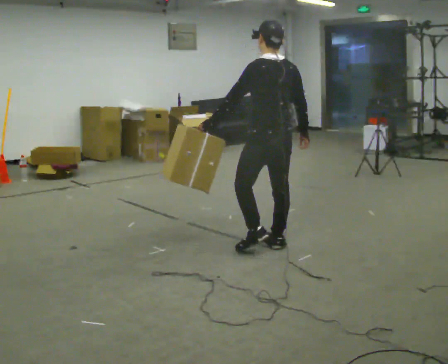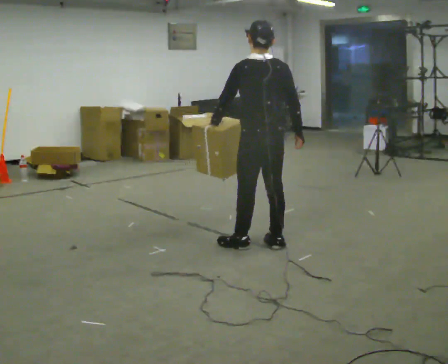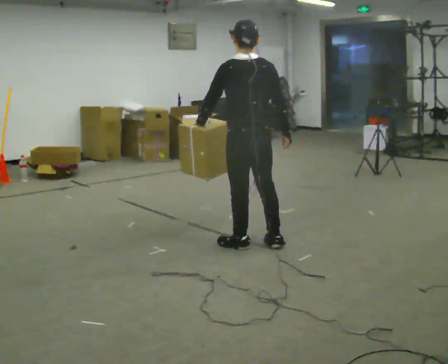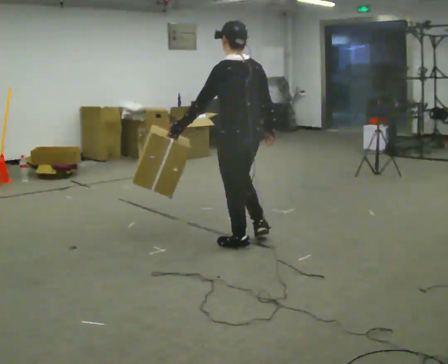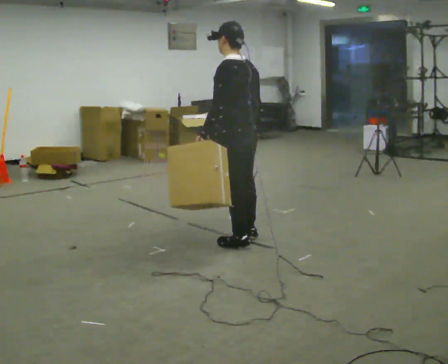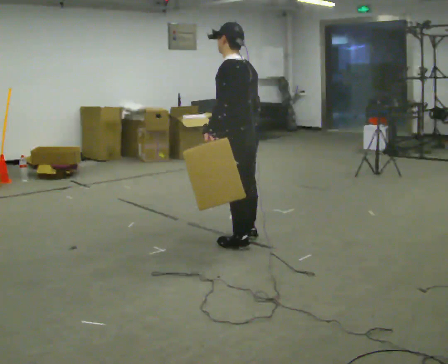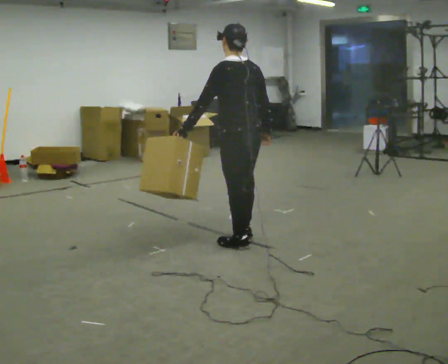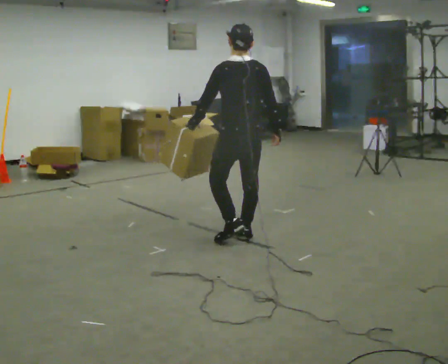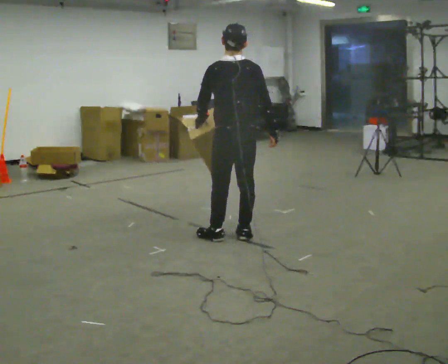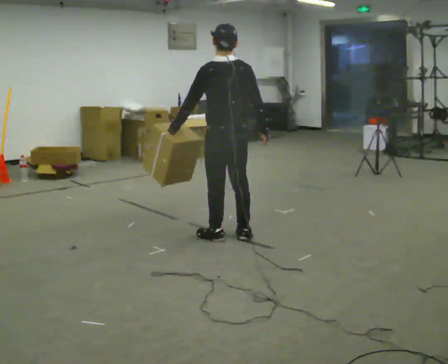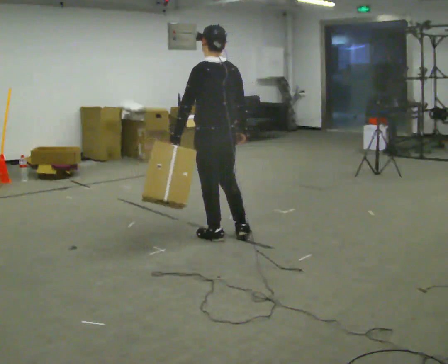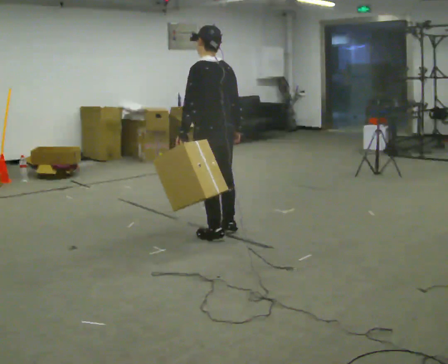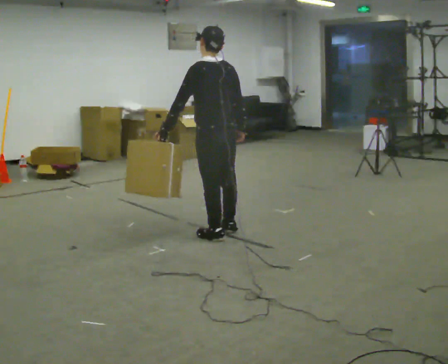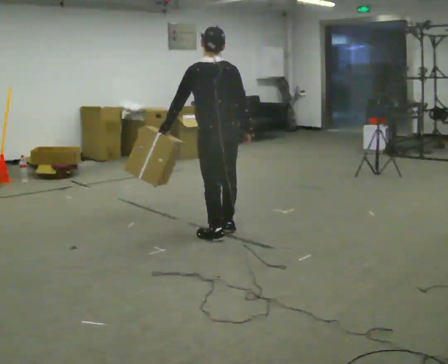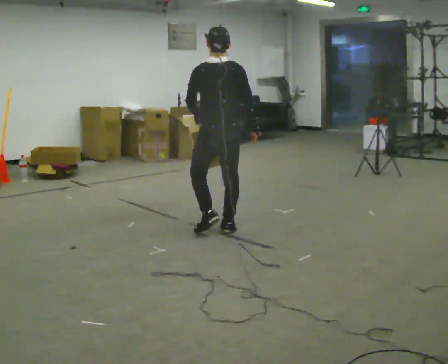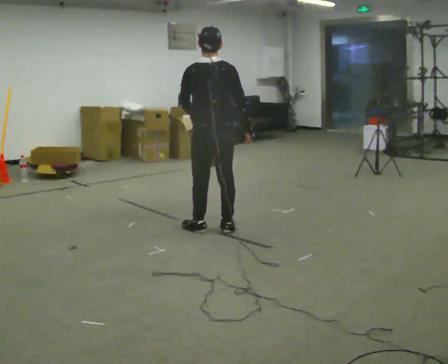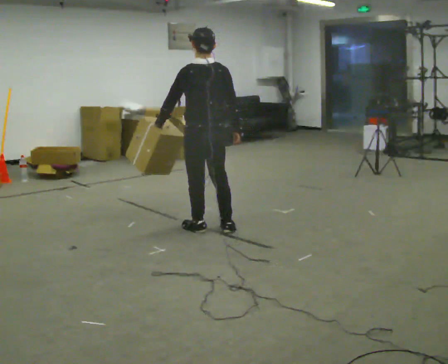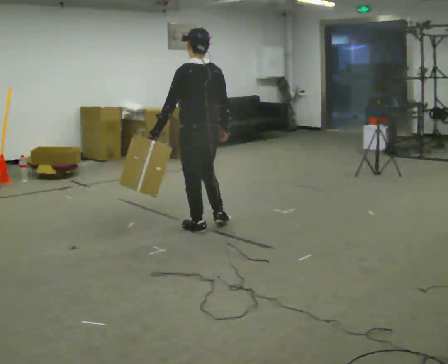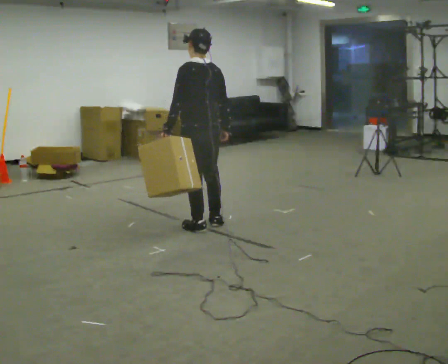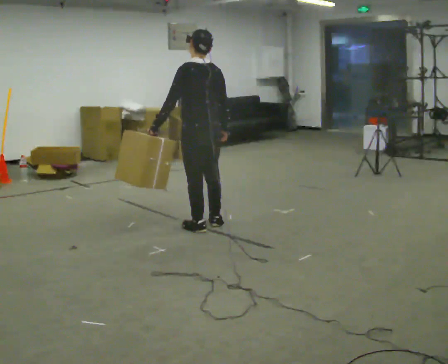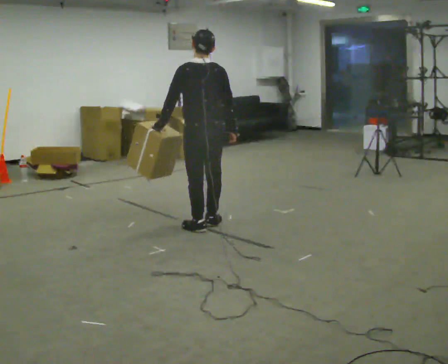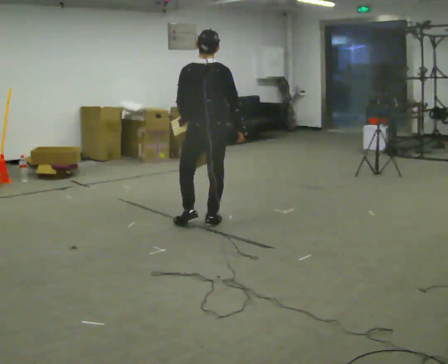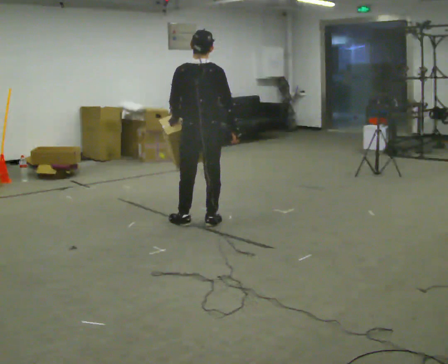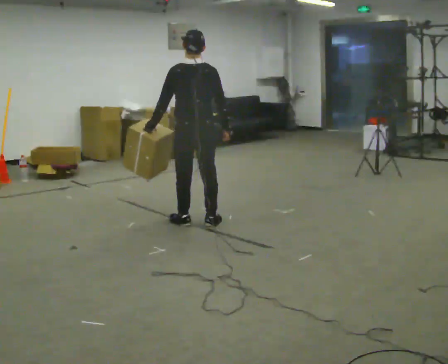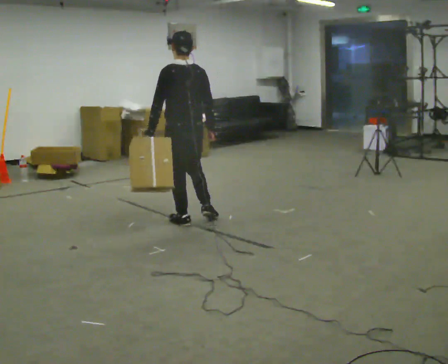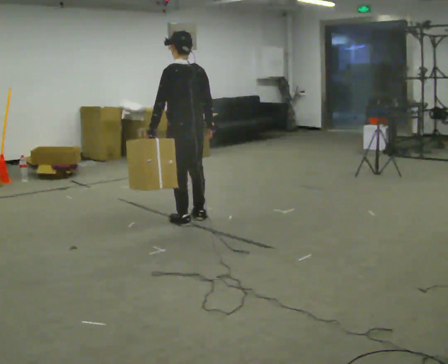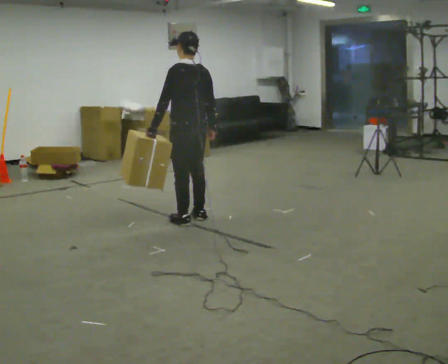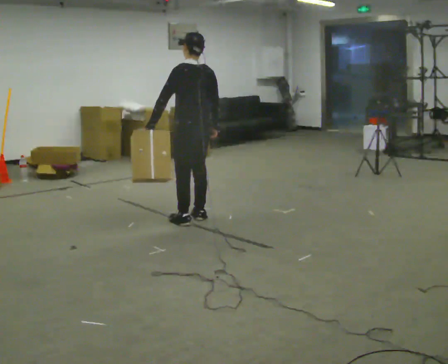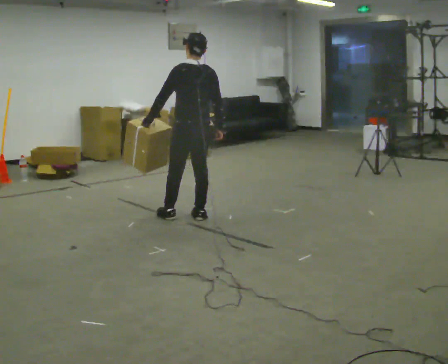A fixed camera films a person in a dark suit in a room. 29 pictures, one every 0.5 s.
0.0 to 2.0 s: In the picture they go to the left, about 0.25 m in 2 steps, which for them is to their left and forward.
2.0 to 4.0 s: Seen from above the body turns clockwise, about 30 degrees: to their right, with its near side sliding to the left.
4.0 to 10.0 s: In the picture they go away from the camera and to the left, about 0.5 m in 3 steps, which for them is forward.
10.0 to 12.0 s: In the picture they go to the left, about 0.25 m in 1 step, which for them is to their left.
12.0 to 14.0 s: In the picture they go away from the camera, about 0.25 m in 2 steps, which for them is to their right.
The film runs forward here.
